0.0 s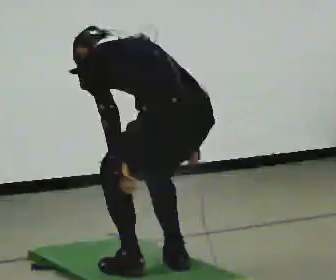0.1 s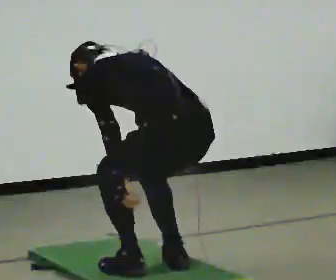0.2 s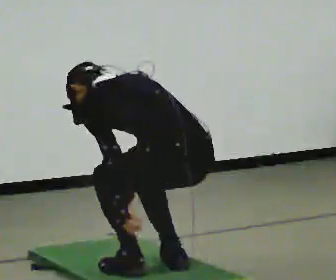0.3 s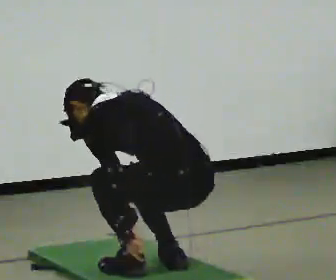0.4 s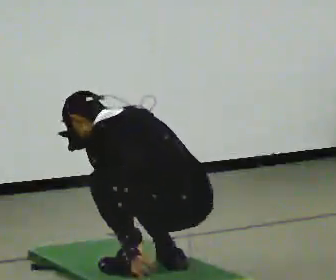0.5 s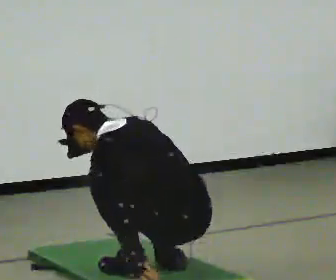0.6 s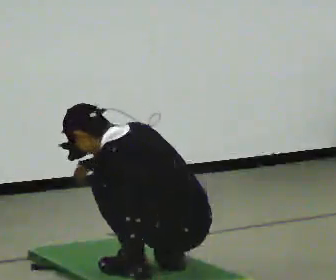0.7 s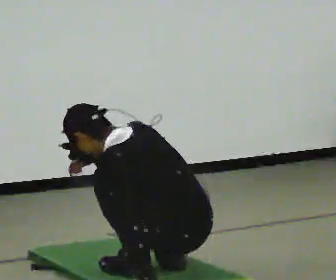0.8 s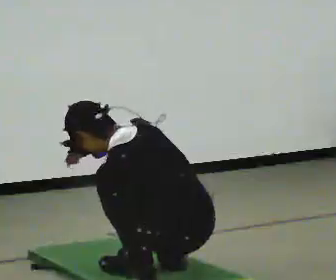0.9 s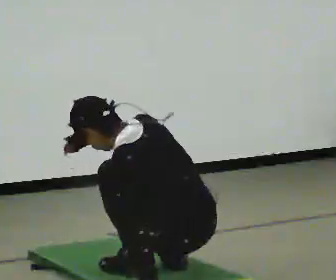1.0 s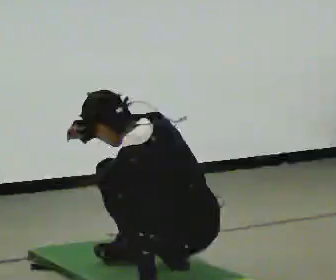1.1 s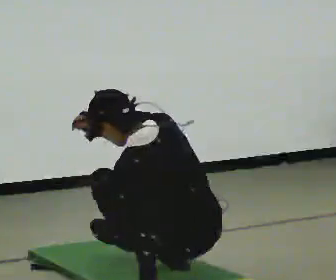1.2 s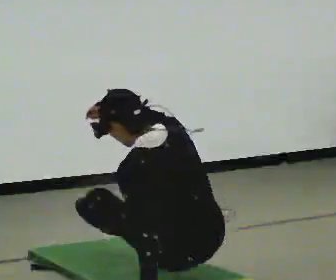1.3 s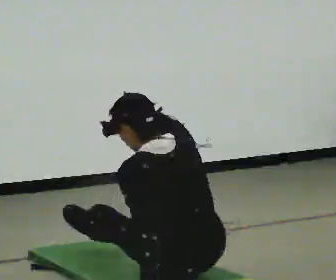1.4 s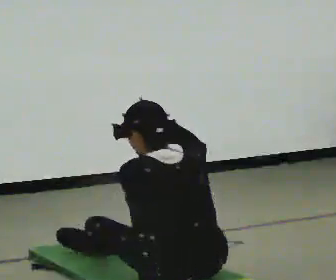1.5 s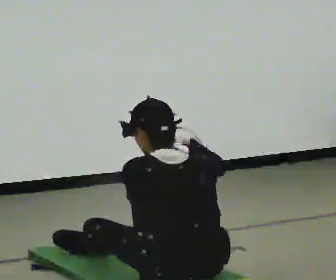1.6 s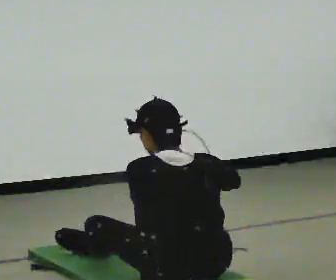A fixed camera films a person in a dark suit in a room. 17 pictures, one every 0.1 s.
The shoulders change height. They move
downward.
Their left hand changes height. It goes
downward.
0.0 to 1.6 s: In the picture they go toward the camera, about 0.25 m in 1 step, which for them is backward. The shoulders move downward. The upper body tips toward the camera, its near side rolling downward, as they lean back or straighten. In the picture their left hand goes downward.
The film runs forward here.
